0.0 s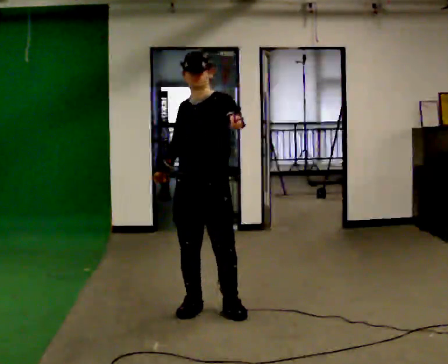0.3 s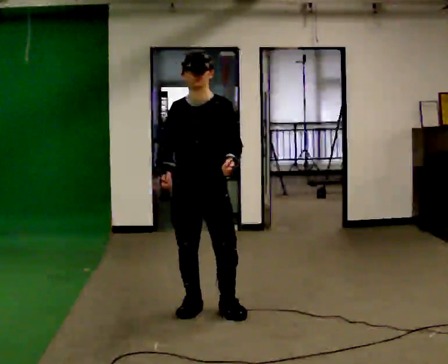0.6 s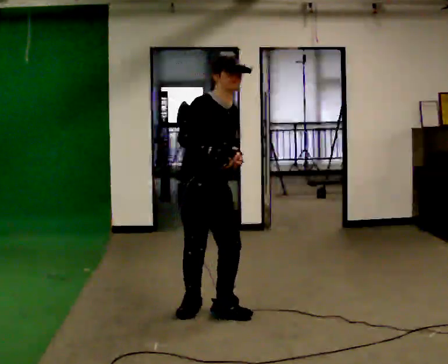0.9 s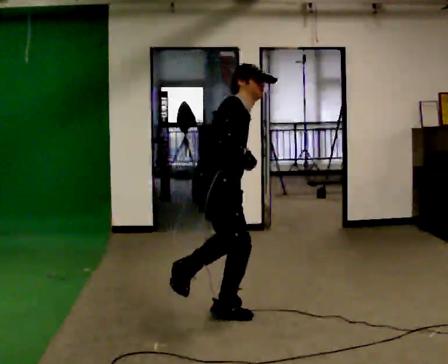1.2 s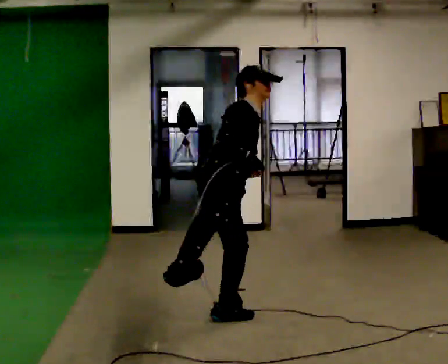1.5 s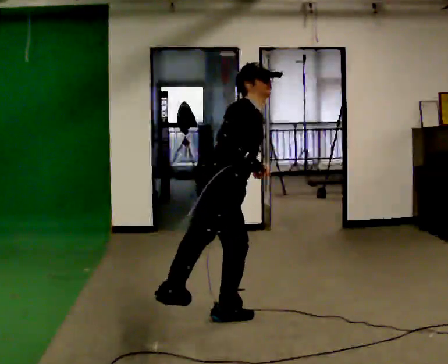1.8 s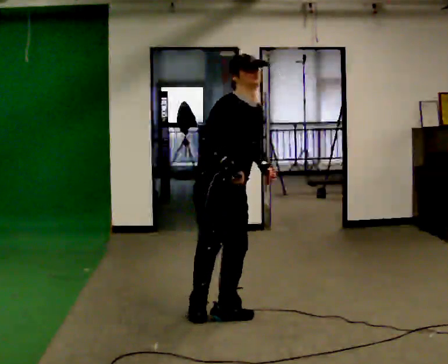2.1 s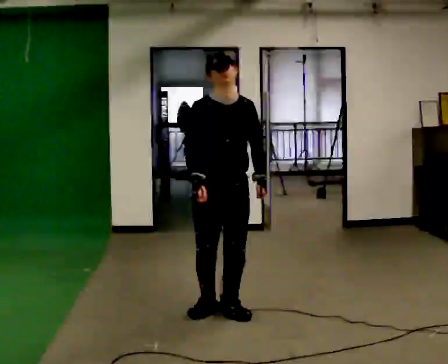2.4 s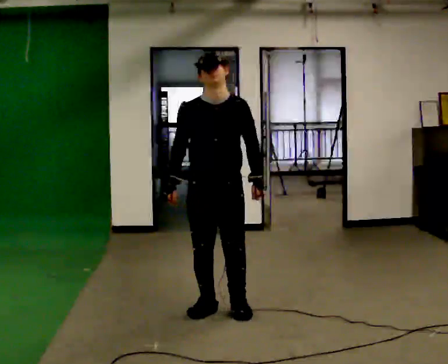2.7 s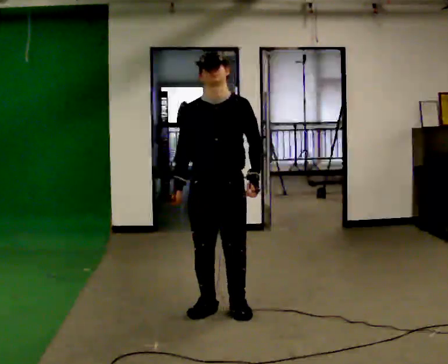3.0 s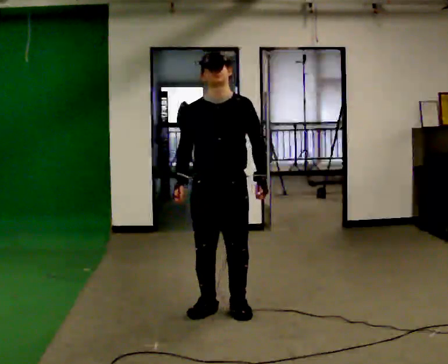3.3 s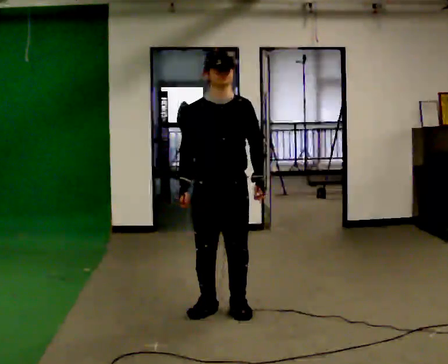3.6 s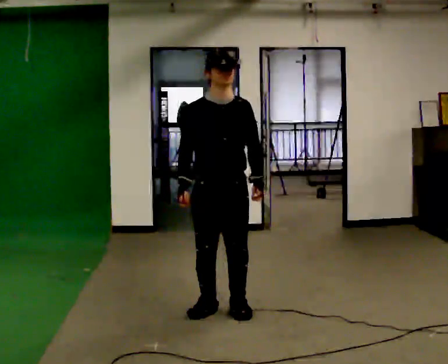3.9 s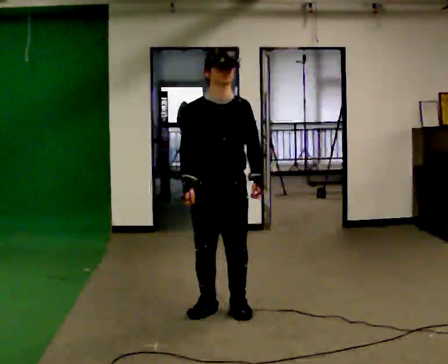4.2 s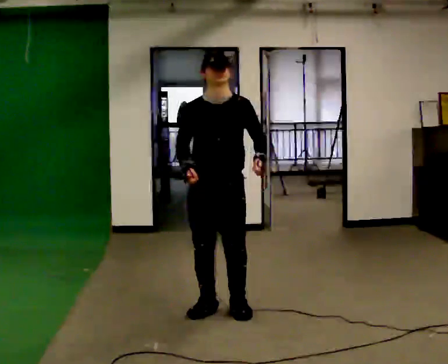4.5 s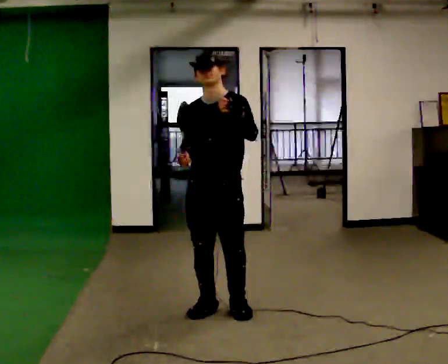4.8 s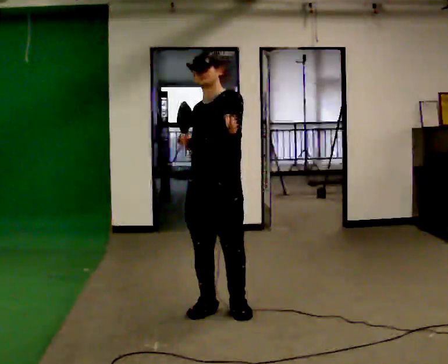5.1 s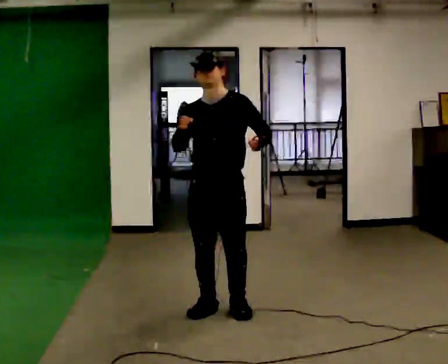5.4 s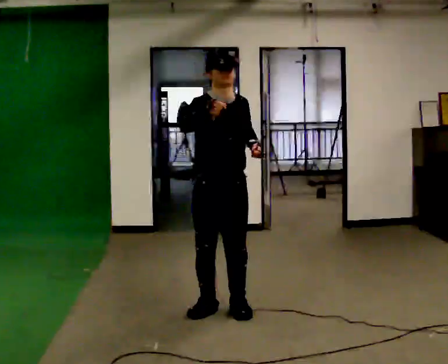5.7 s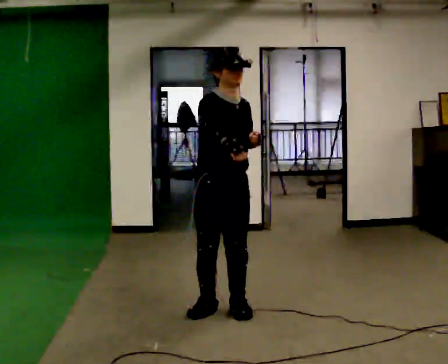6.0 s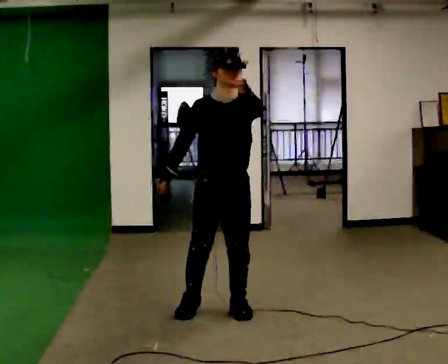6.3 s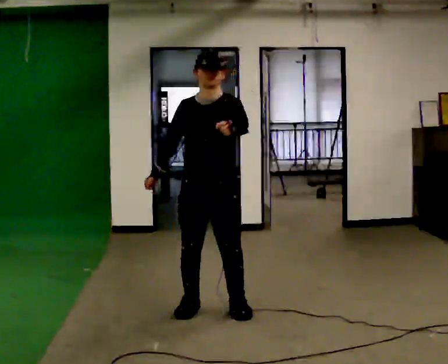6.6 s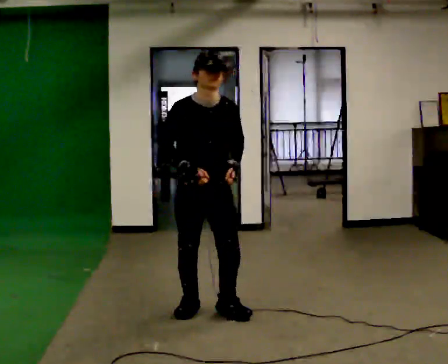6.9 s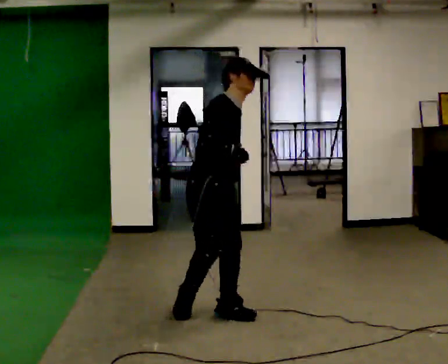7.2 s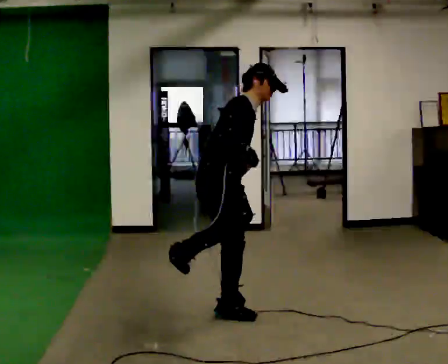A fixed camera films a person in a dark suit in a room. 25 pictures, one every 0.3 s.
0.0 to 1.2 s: The person turns about 105 degrees to their left, counterclockwise seen from above, so the part of the body nearest the lens slides to the right. In the picture they go toward the camera, about 0.25 m. The upper body tips away from the camera, its near side rolling upward, as they bend forward. In the picture their left hand goes downward.
1.2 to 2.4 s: The part of the body nearest the lens slides to the left as the person turns to their right by about 90 degrees. In the picture they go away from the camera, about 0.25 m in 1 step. The upper body tips toward the camera, its near side rolling downward, as they lean back or straighten. In the picture their right hand goes to the left.
2.4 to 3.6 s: The person moves a little, or ends about where they began.
3.6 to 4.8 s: The person turns about 30 degrees to their right, clockwise seen from above, so the part of the body nearest the lens slides to the left. In the picture their left hand goes upward.
4.8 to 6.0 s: Seen from above the body turns counterclockwise, about 30 degrees: to their left, with its near side sliding to the right.
6.0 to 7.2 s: The person turns about 75 degrees to their left, counterclockwise seen from above, so the part of the body nearest the lens slides to the right. In the picture their left hand goes downward.
The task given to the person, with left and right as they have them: Perform a slow martial arts form (https://youtu.be/ZMi83SPAP1Q?si=p1_31d3YaodeQQZT); kicks should be slow
The film runs forward here.
